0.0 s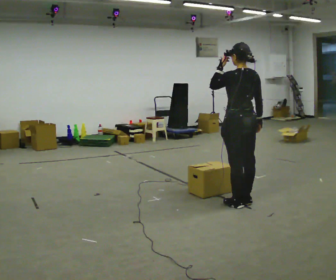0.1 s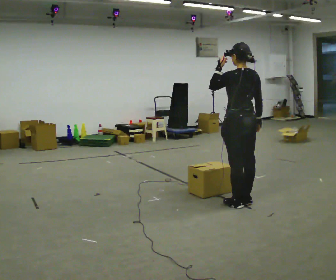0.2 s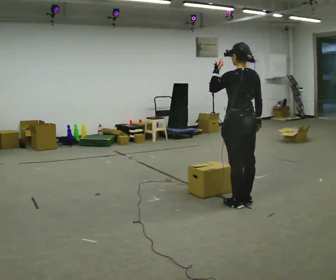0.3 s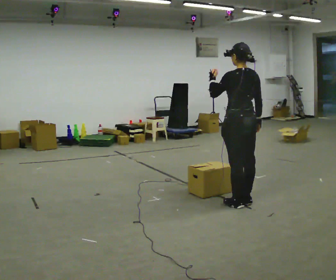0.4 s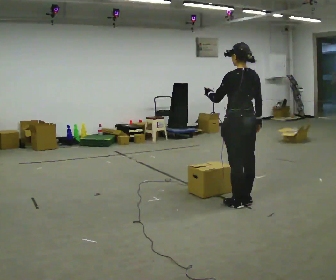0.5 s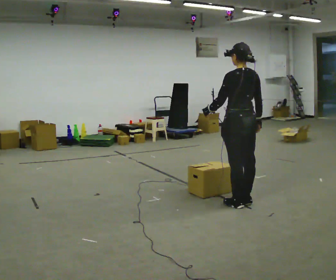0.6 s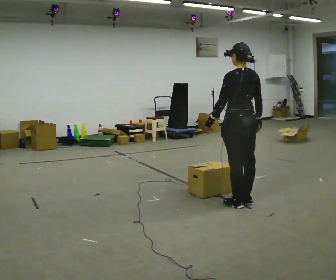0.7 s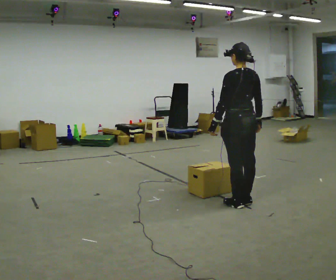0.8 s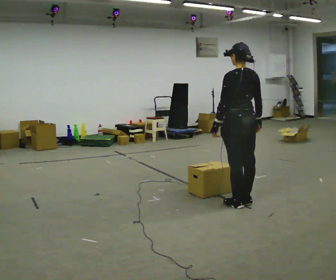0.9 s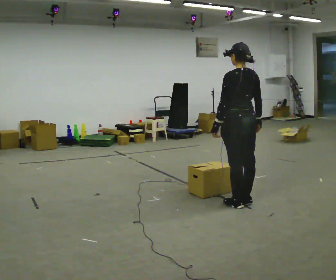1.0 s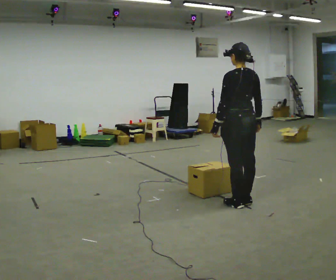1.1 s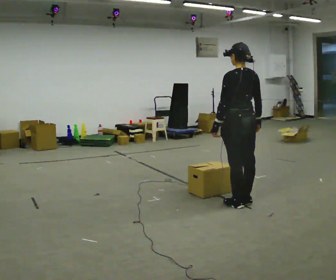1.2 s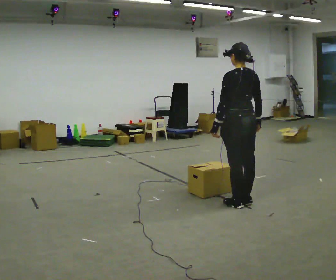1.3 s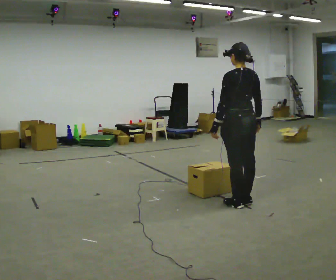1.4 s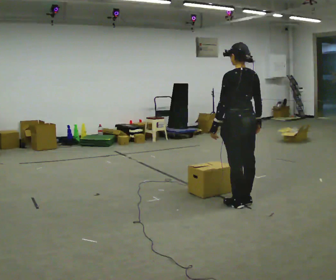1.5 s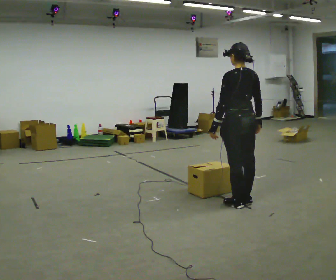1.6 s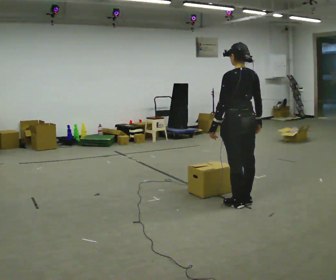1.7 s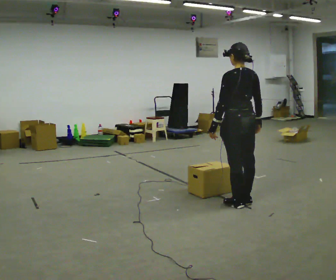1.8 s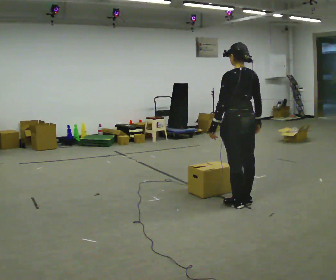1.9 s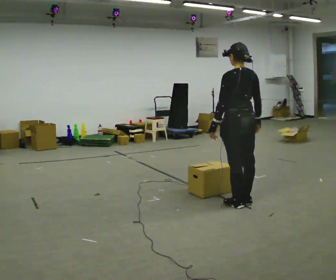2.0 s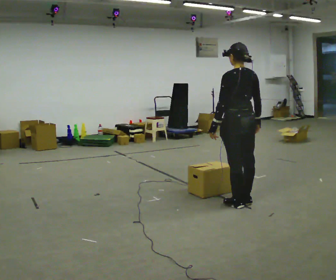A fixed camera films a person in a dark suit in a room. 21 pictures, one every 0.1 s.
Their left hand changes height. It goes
downward.
0.0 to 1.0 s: In the picture their left hand goes downward.
1.0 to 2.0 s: The person keeps their place and pose.
The film runs backward here.
